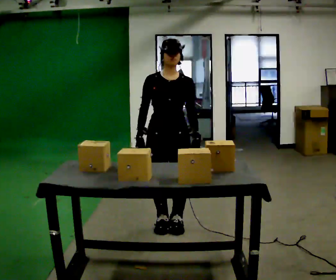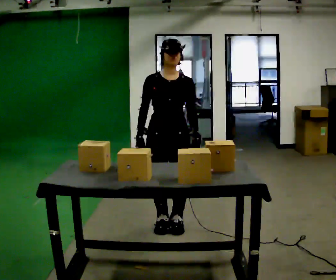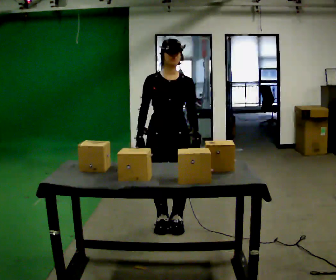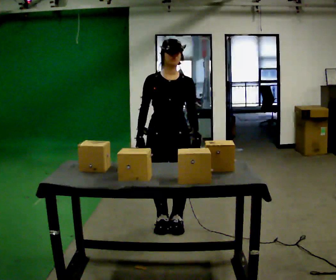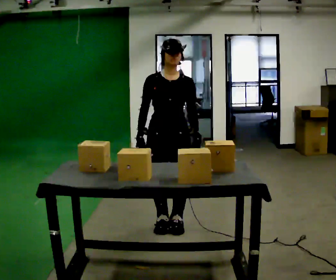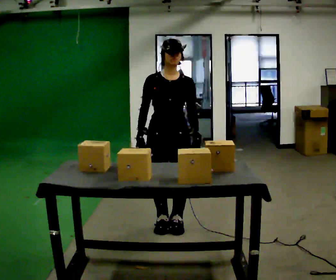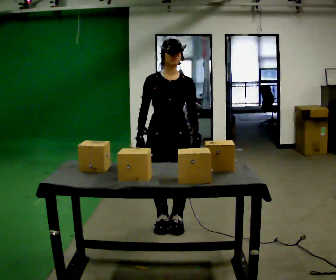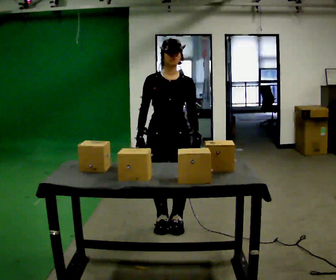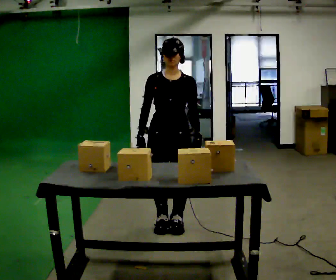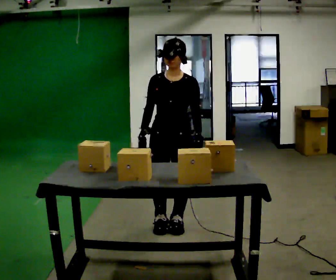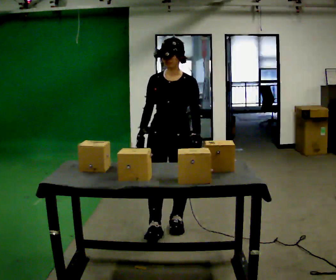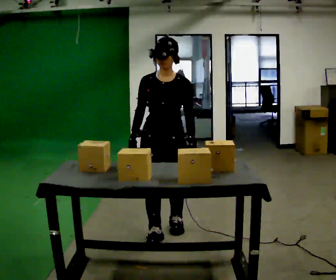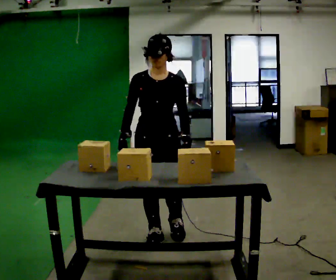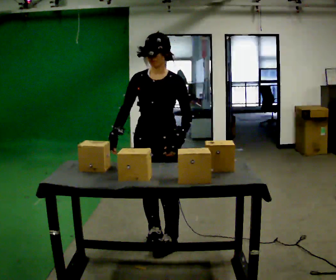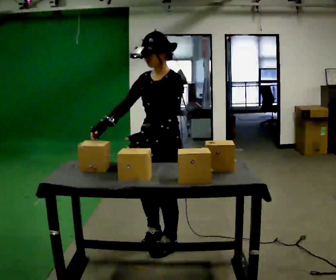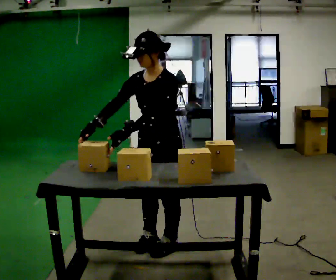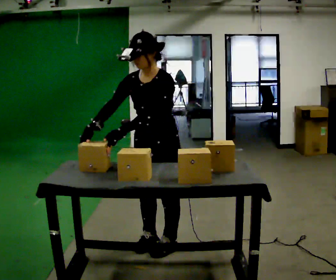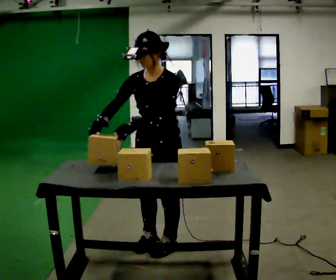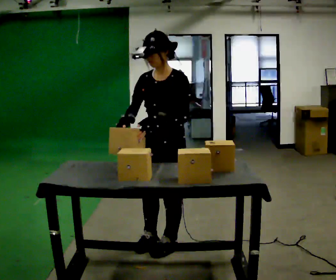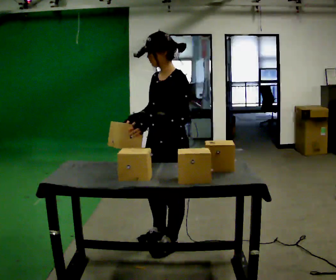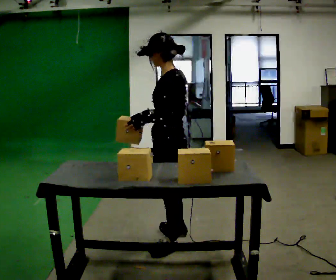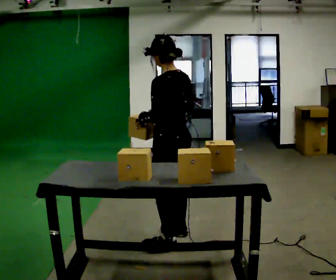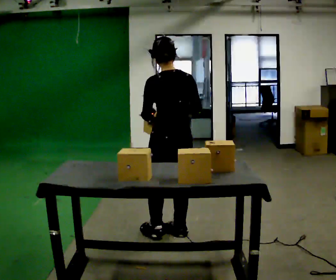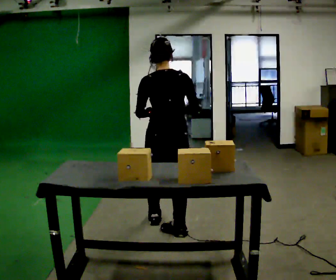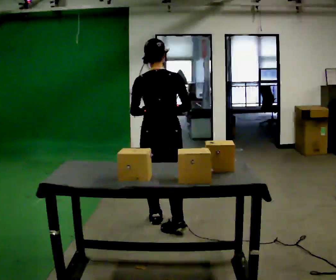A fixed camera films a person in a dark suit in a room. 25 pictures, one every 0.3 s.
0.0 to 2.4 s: The person keeps their place and pose.
2.4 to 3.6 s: In the picture they go toward the camera, about 0.25 m in 1 step, which for them is forward.
3.6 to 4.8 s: The person turns about 30 degrees to their right, clockwise seen from above, so the part of the body nearest the lens slides to the left. In the picture they go toward the camera, about 0.25 m in 1 step, which for them is to their left. In the picture their left hand goes to the left, the arm swinging clockwise.
4.8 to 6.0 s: Seen from above the body turns clockwise, about 60 degrees: to their right, with its near side sliding to the left. In the picture their right hand goes to the right.
6.0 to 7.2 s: The person turns about 90 degrees to their right, clockwise seen from above, so the part of the body nearest the lens slides to the left. In the picture they go away from the camera, about 0.5 m in 1 step.
The film runs forward here.
